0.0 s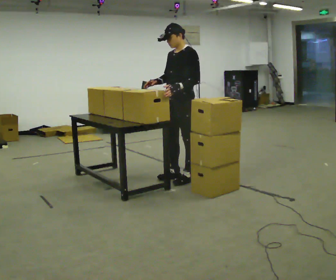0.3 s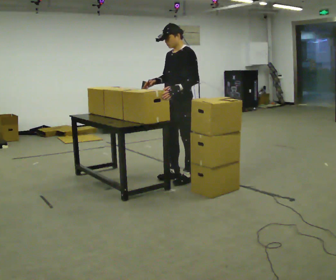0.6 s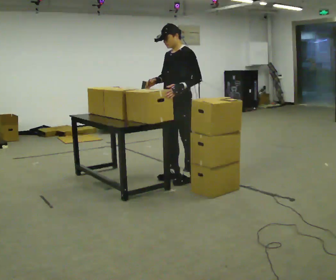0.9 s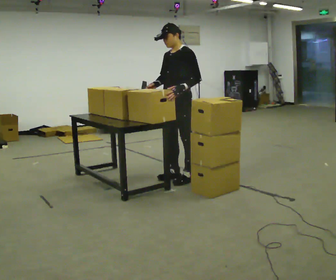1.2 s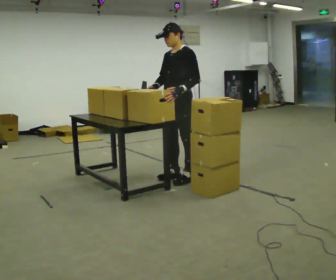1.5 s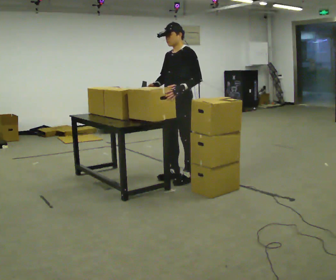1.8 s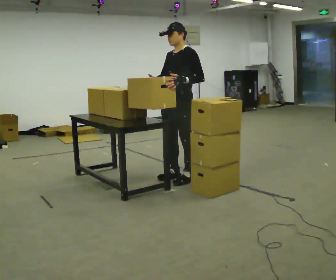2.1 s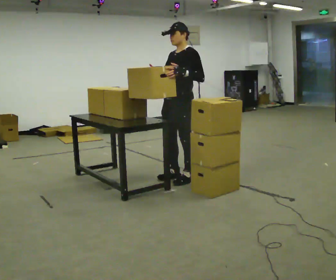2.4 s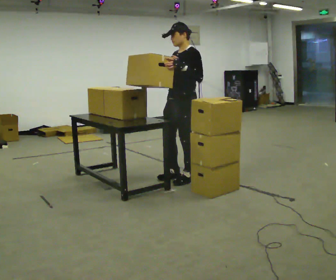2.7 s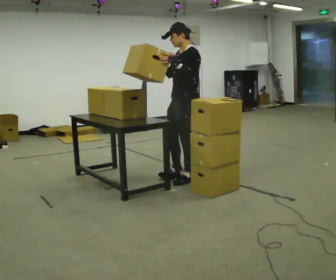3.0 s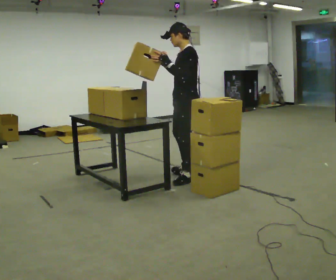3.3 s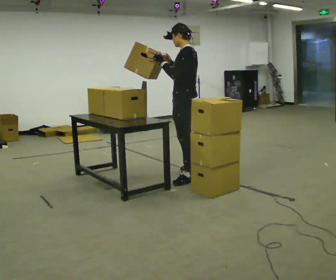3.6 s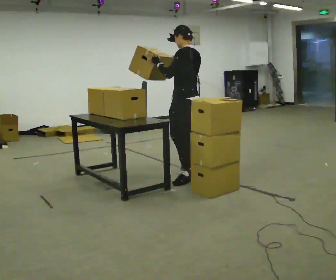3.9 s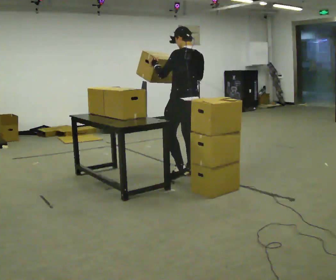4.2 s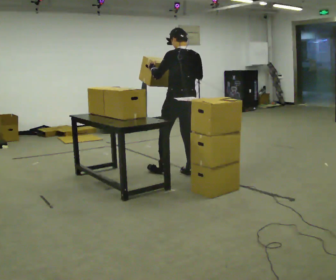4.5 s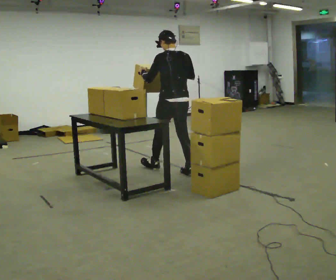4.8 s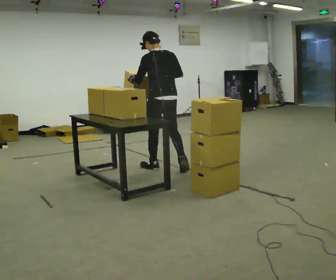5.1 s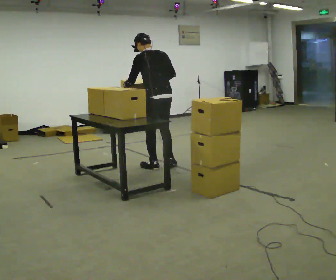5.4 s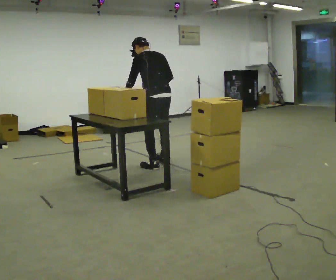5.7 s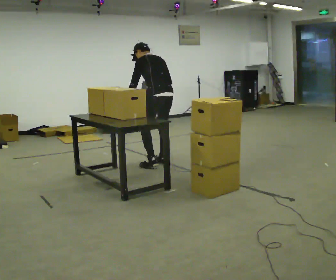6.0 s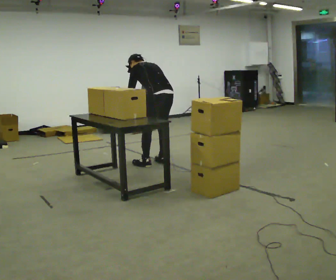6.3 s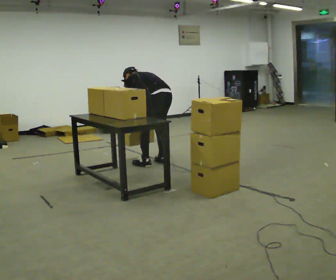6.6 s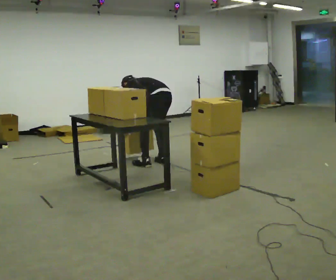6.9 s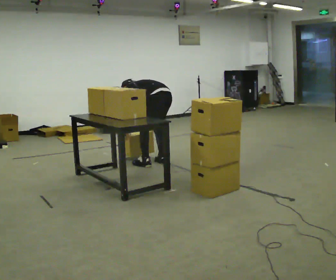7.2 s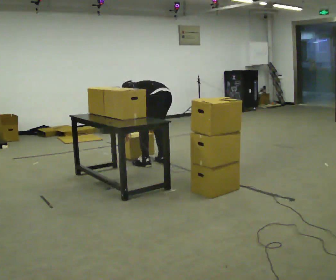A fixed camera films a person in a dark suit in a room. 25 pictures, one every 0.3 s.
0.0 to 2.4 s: The person moves a little, or ends about where they began.
2.4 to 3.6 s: The person turns about 60 degrees to their right, clockwise seen from above, so the part of the body nearest the lens slides to the left. In the picture they go away from the camera, about 0.25 m, which for them is to their right.
3.6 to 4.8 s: The person turns about 30 degrees to their right, clockwise seen from above, so the part of the body nearest the lens slides to the left. In the picture they go to the left and away from the camera, about 0.5 m in 1 step, which for them is forward.
4.8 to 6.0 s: In the picture they go away from the camera, about 0.25 m in 2 steps, which for them is forward. The shoulders move downward. The upper body tips away from the camera, its near side rolling upward, as they bend forward. In the picture their left hand goes downward.
6.0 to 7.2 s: The upper body goes downward. In the picture the upper body tilts counterclockwise, shoulders to the left, as they bend forward. In the picture their left hand goes downward.
The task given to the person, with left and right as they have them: Pick an object up off the floor at your feet and place it on the waist-height shelf in front of you. Repeat at your own pace until the operator says stop. Keep both feet on the marked spots for the whole take. If you have to step, stop and tell the operator.
The film runs forward here.
